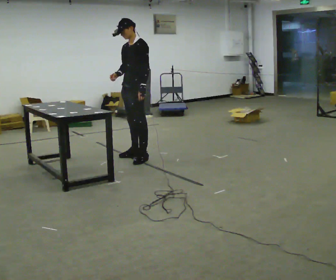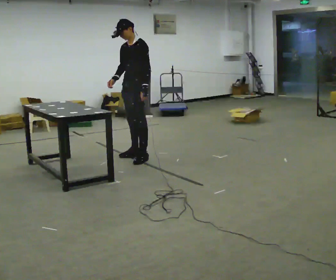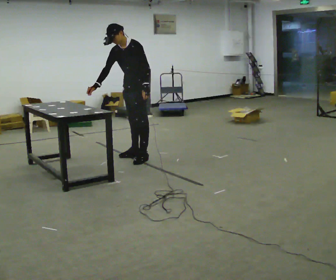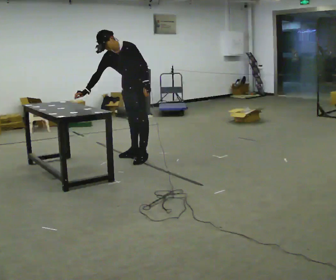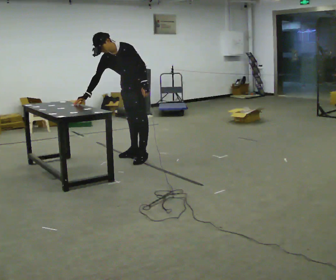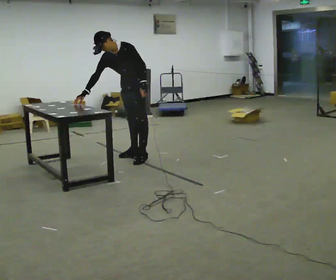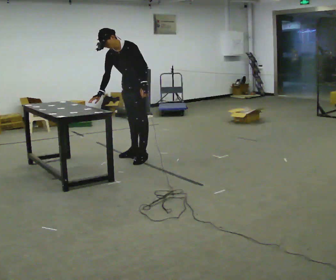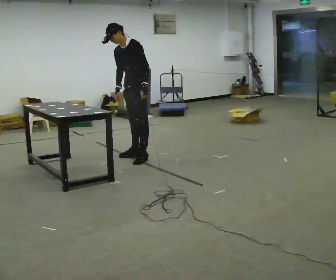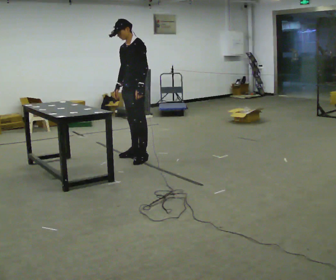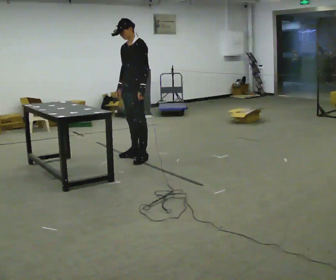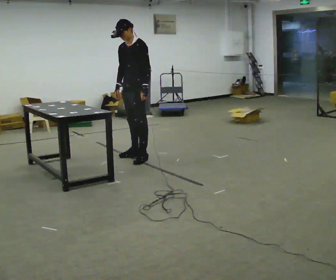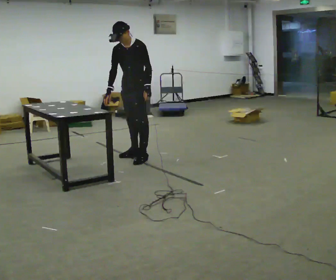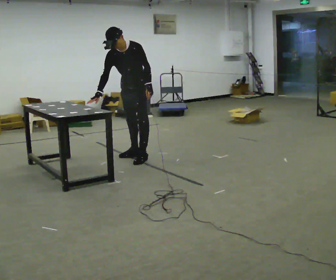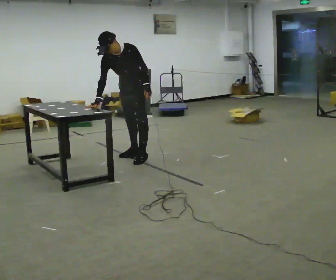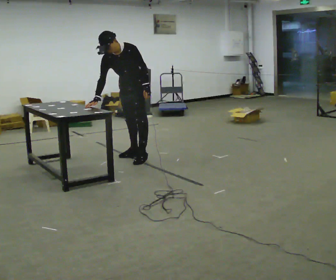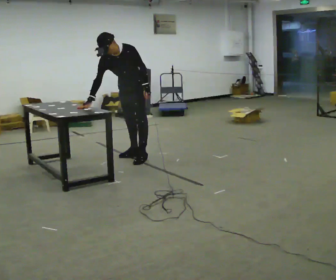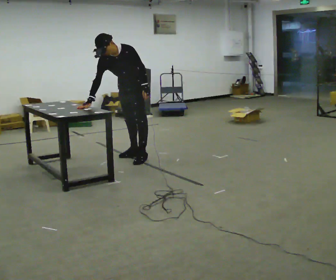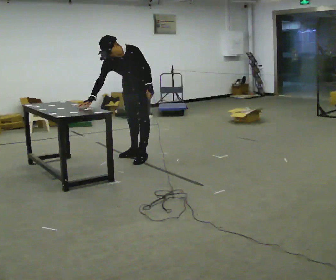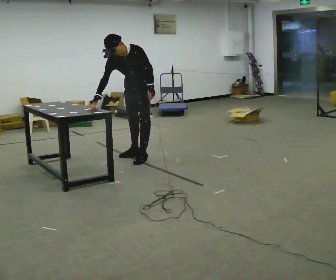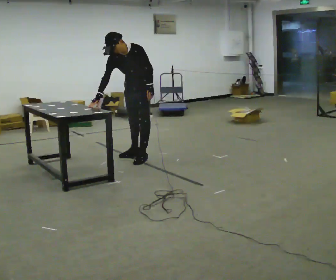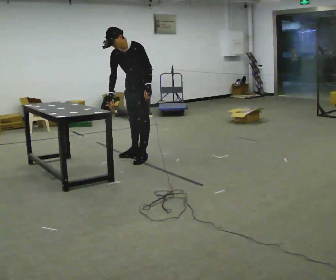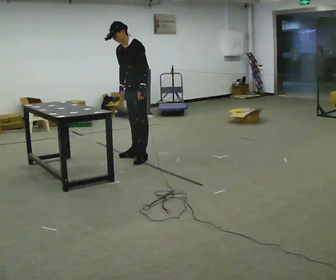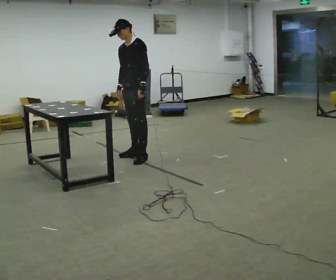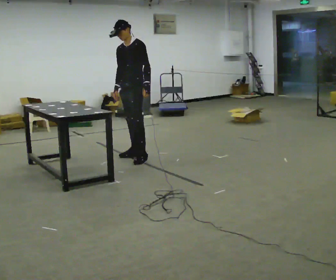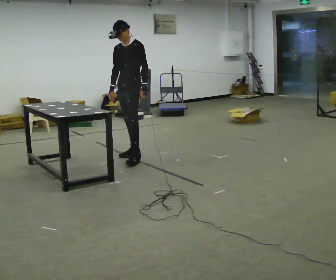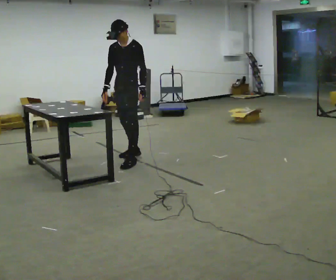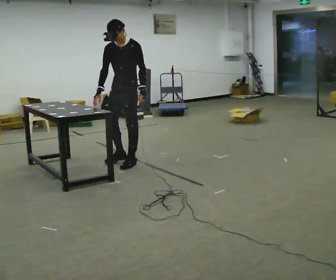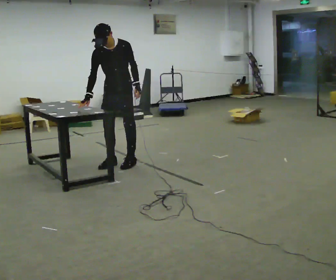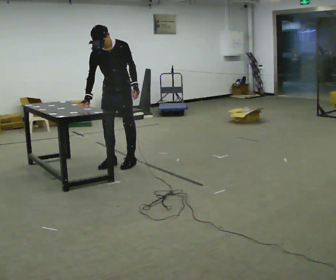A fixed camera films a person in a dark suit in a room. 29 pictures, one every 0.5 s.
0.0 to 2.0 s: In the picture the upper body tilts counterclockwise, shoulders to the left, as they bend forward.
2.0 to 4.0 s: In the picture the upper body tilts clockwise, shoulders to the right, as they lean back or straighten.
4.0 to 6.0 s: The part of the body nearest the lens slides to the right as the person turns to their left by about 30 degrees. The upper body tips toward the camera, its near side rolling downward, as they bend forward.
6.0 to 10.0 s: The person moves a little, or ends about where they began.
10.0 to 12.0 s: The upper body tips away from the camera, its near side rolling upward, as they lean back or straighten.
12.0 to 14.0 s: Seen from above the body turns counterclockwise, about 30 degrees: to their left, with its near side sliding to the right. In the picture they go toward the camera and to the left, about 0.25 m in 2 steps, which for them is forward. The upper body tips toward the camera, its near side rolling downward, as they bend forward.
The film runs forward here.
